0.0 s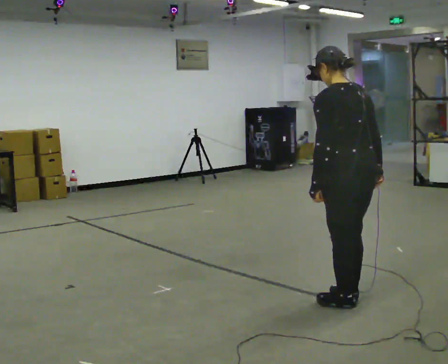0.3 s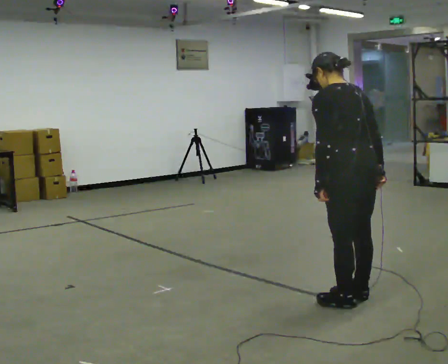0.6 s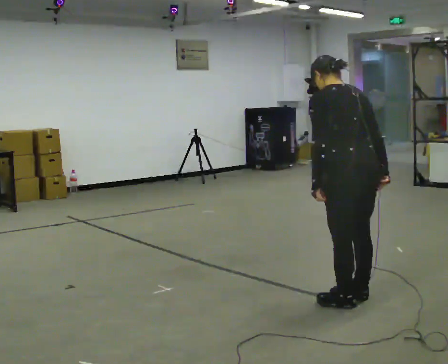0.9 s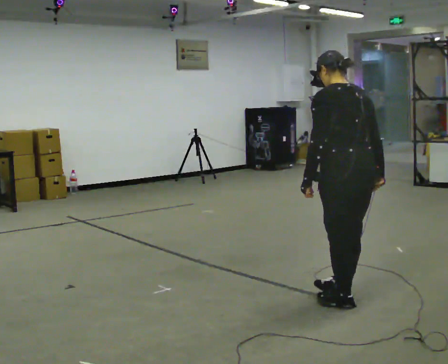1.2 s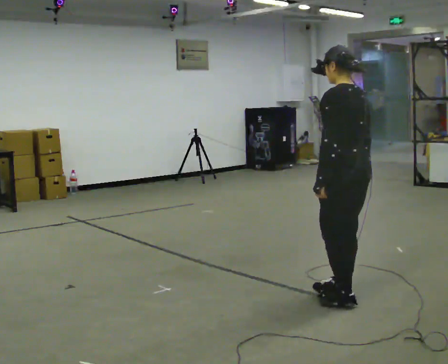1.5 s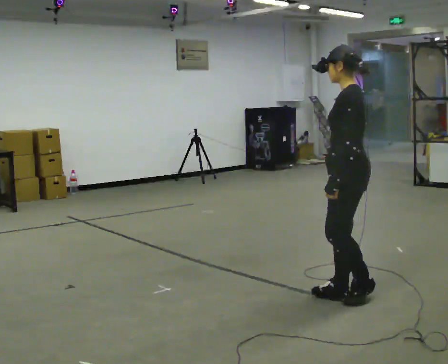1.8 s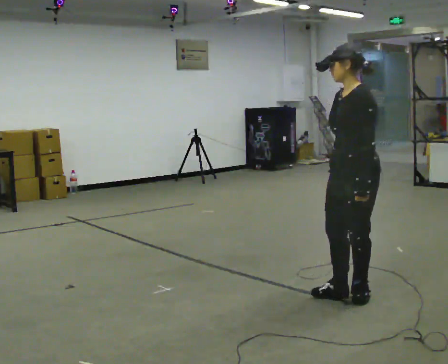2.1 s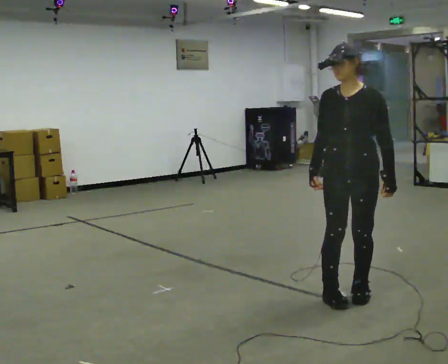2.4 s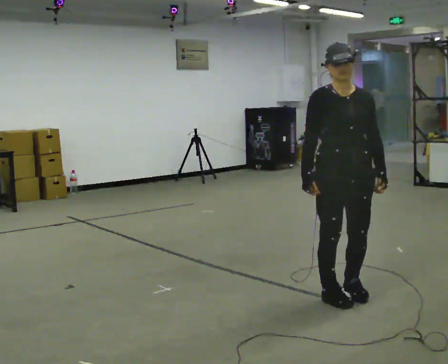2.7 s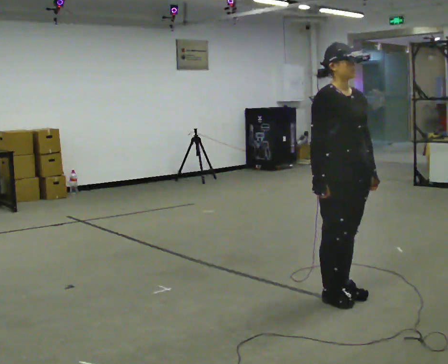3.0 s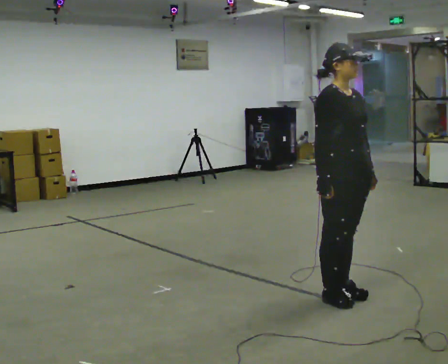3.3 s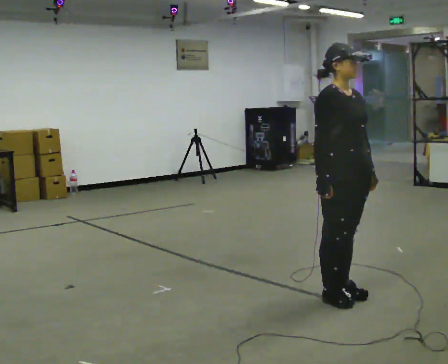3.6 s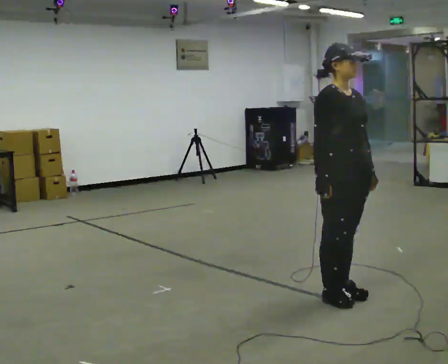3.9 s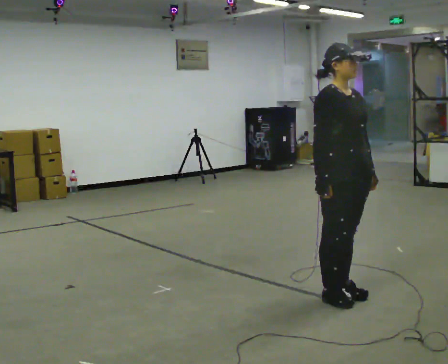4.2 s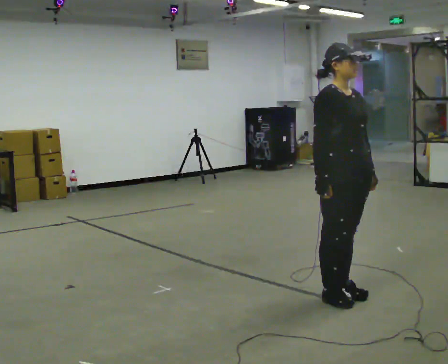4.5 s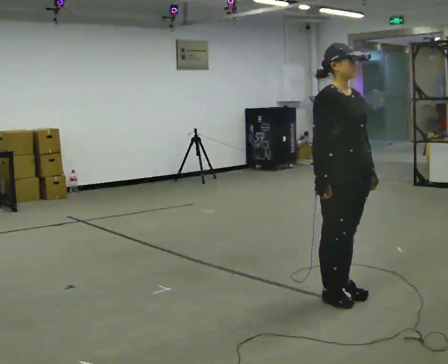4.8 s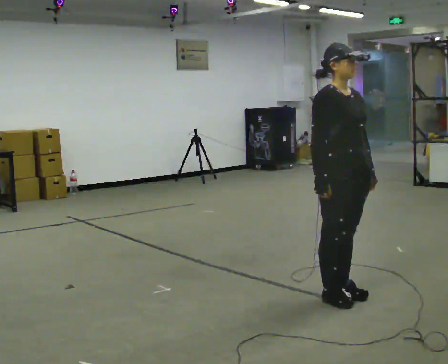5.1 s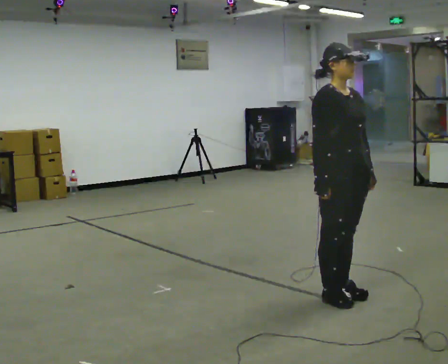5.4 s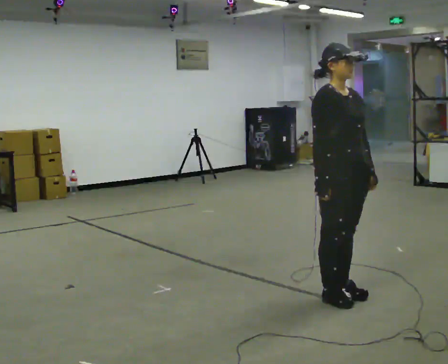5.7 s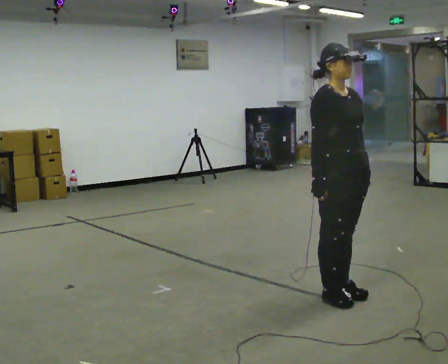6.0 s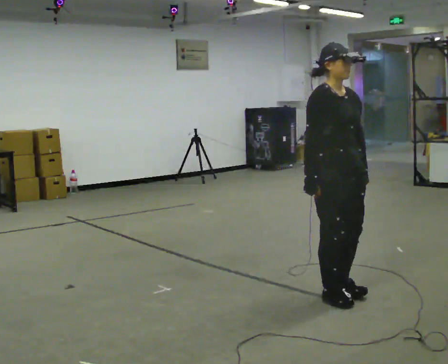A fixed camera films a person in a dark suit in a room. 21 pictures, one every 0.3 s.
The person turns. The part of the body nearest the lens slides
to the right.
The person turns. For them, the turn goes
to their left.
0.0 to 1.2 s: The person moves a little, or ends about where they began.
1.2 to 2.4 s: The person turns about 150 degrees to their left, counterclockwise seen from above, so the part of the body nearest the lens slides to the right. In the picture their right hand goes to the left.
2.4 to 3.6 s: The part of the body nearest the lens slides to the right as the person turns to their left by about 30 degrees.
3.6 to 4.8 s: The person keeps their place and pose.
4.8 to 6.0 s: The person moves a little, or ends about where they began.
The film runs backward here.
